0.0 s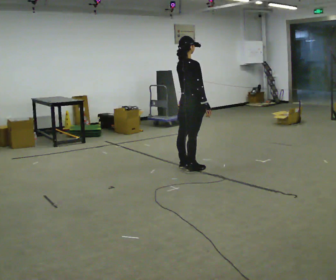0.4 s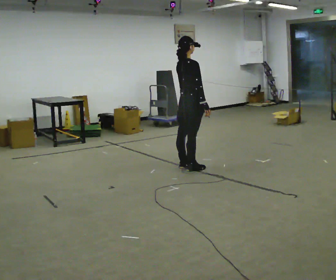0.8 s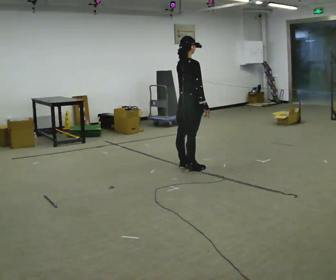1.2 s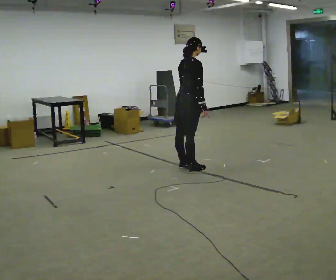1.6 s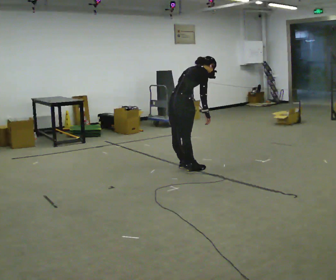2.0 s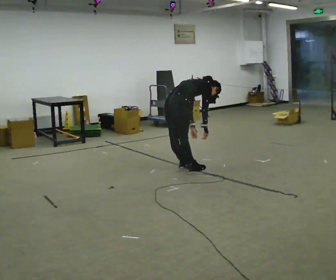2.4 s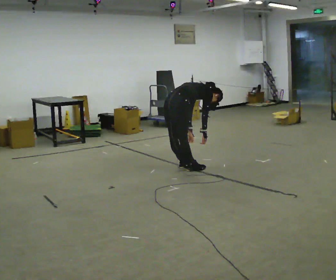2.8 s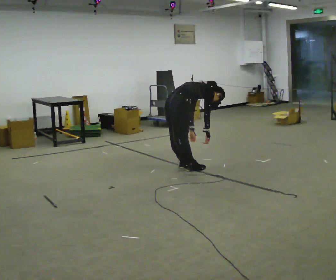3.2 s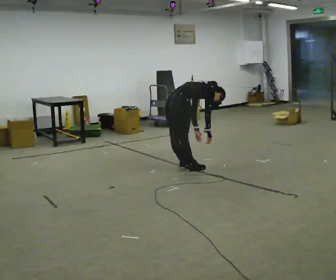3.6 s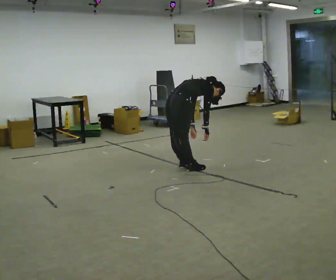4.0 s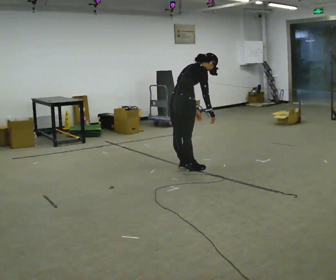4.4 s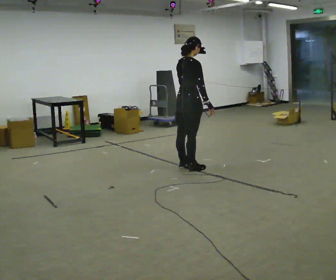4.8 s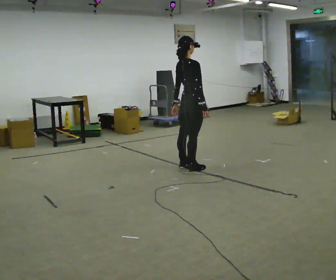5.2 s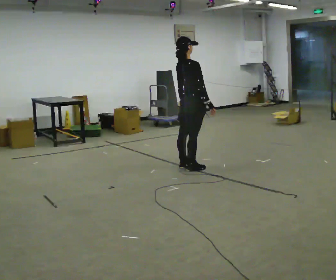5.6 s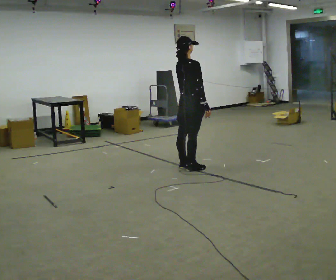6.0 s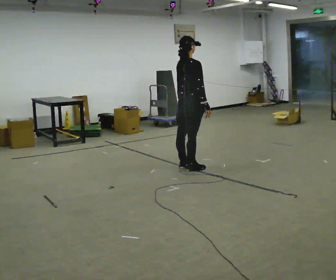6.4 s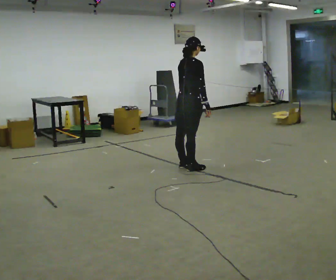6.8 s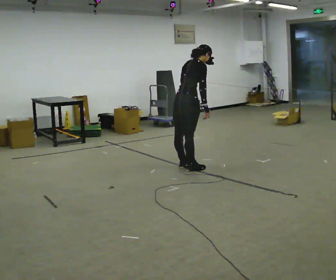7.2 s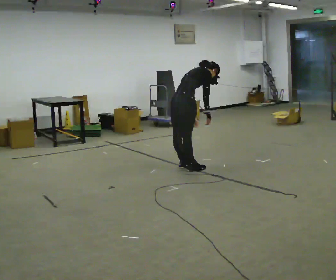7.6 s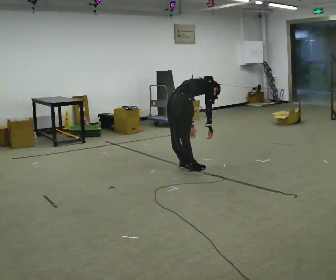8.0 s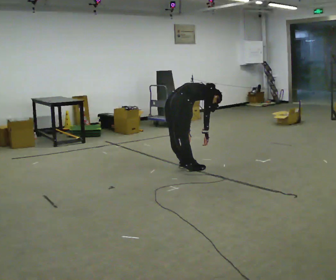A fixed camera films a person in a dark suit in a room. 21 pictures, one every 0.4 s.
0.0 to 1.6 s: In the picture the upper body tilts clockwise, shoulders to the right, as they bend forward.
1.6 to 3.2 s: The shoulders move downward. In the picture the upper body tilts clockwise, shoulders to the right, as they bend forward.
3.2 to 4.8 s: In the picture they go to the right, about 0.25 m, which for them is forward. The upper body goes upward. In the picture the upper body tilts counterclockwise, shoulders to the left, as they lean back or straighten. In the picture their right hand goes upward.
4.8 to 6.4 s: The person moves a little, or ends about where they began.
6.4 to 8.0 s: The shoulders move downward. In the picture the upper body tilts clockwise, shoulders to the right, as they bend forward. In the picture their right hand goes downward.
The film runs forward here.
